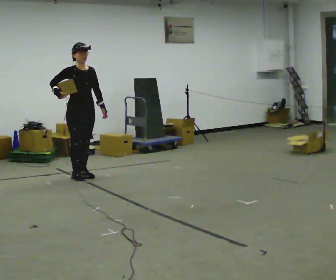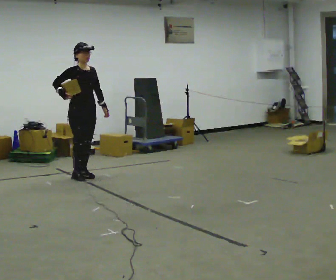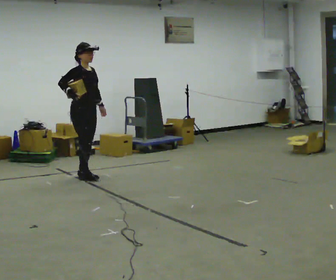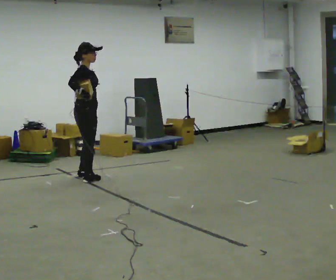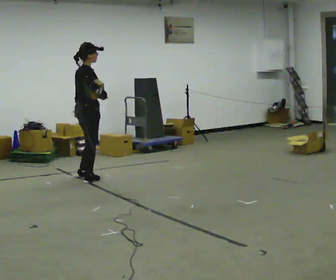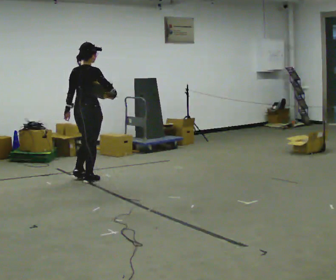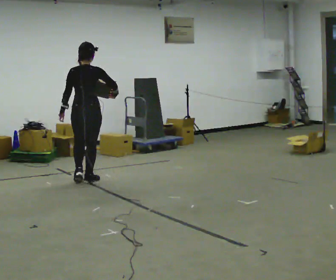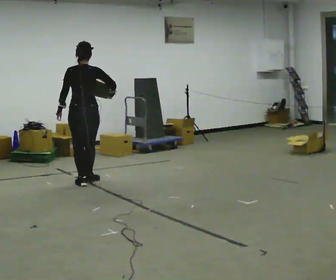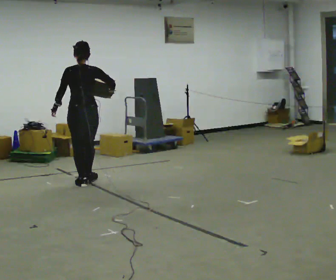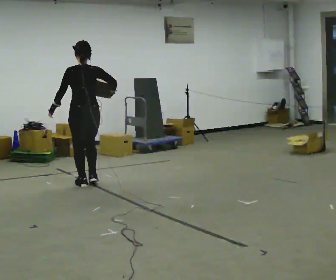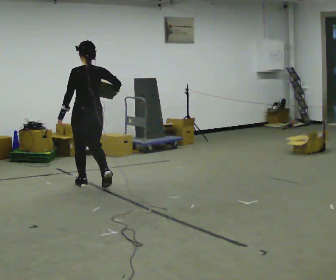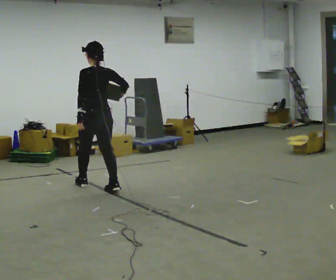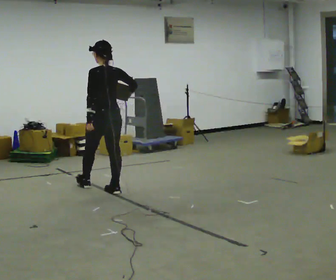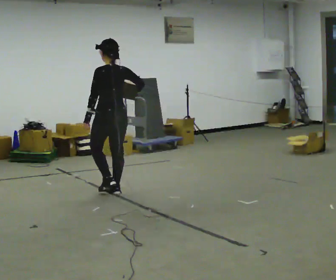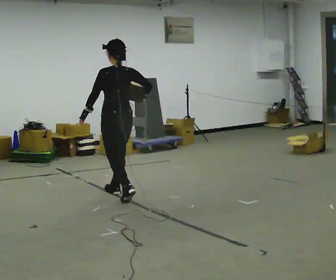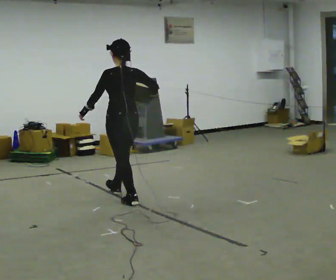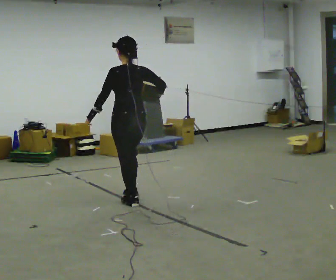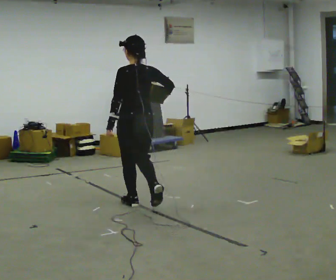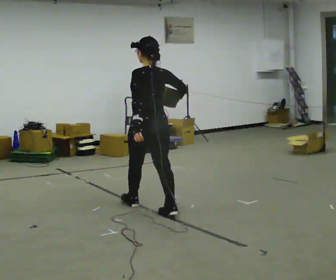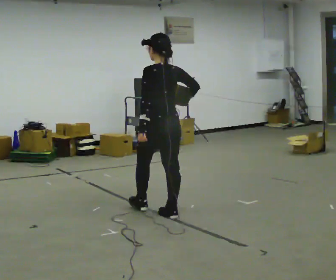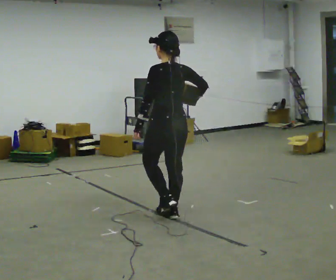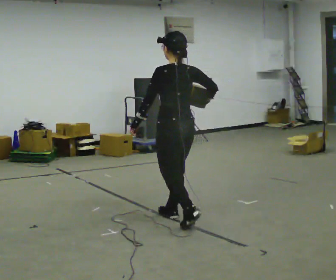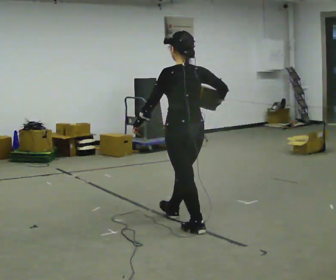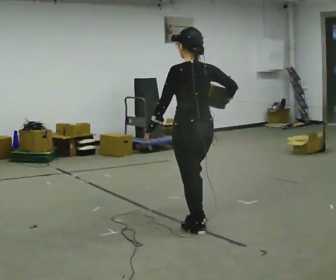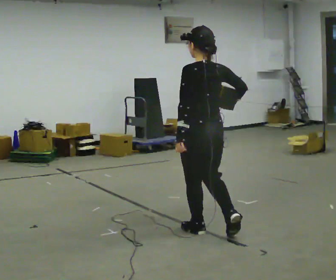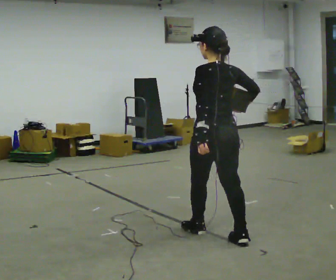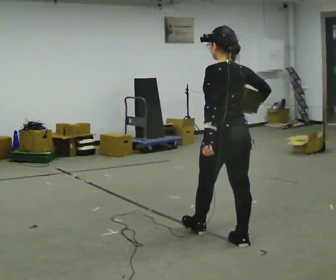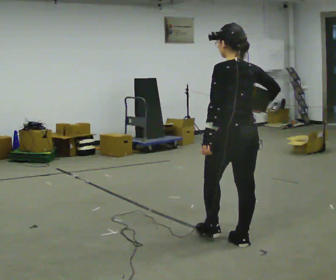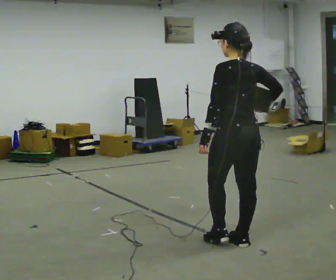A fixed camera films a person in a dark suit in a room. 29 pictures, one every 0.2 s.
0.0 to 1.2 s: Seen from above the body turns counterclockwise, about 135 degrees: to their left, with its near side sliding to the right. In the picture they go toward the camera, about 0.25 m in 2 steps.
1.2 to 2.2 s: Seen from above the body turns counterclockwise, about 45 degrees: to their left, with its near side sliding to the right. In the picture they go toward the camera and to the right, about 0.25 m in 1 step, which for them is backward.
2.2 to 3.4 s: In the picture they go toward the camera and to the right, about 1 m in 2 steps, which for them is backward.
3.4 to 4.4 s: In the picture they go toward the camera and to the right, about 1 m in 1 step, which for them is backward.
4.4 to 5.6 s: In the picture they go toward the camera and to the right, about 0.75 m in 2 steps, which for them is backward.
The film runs backward here.
